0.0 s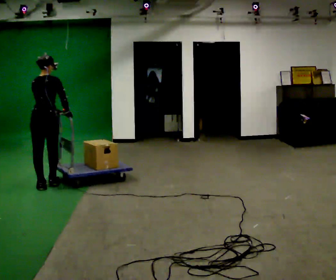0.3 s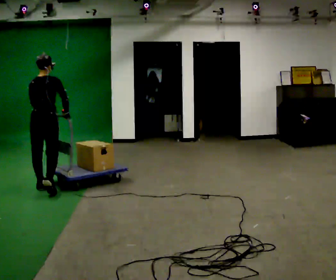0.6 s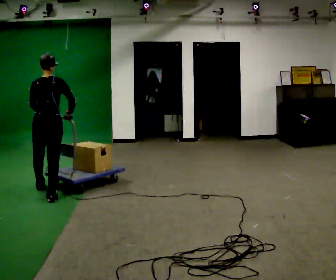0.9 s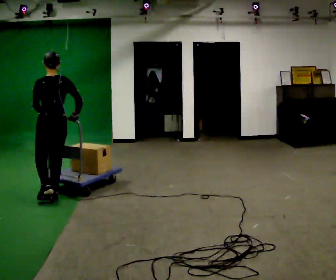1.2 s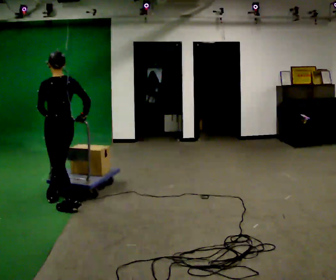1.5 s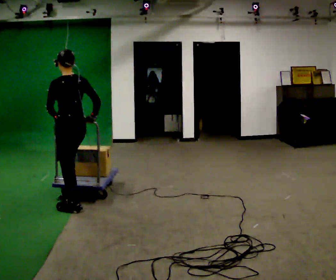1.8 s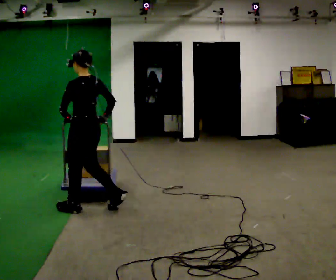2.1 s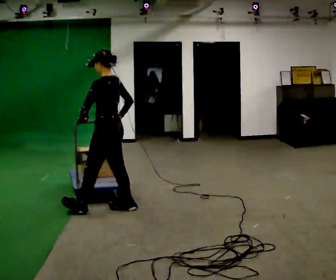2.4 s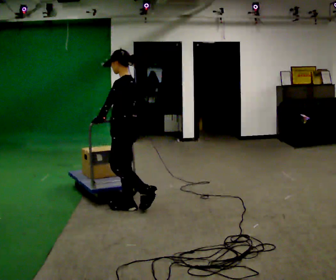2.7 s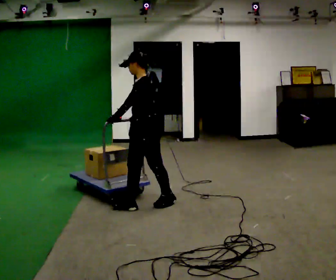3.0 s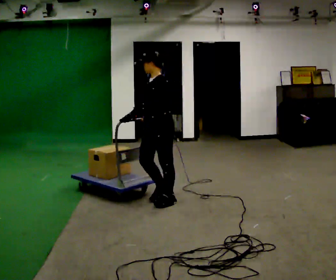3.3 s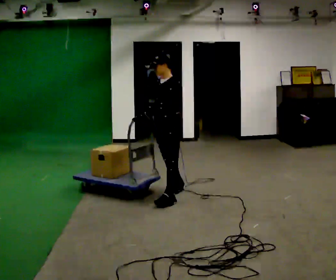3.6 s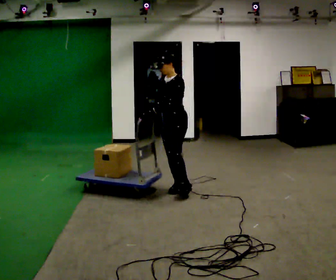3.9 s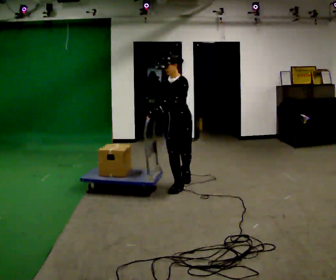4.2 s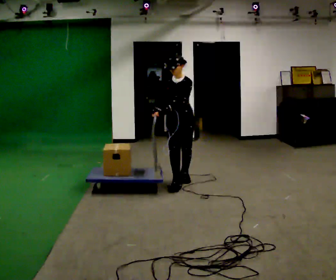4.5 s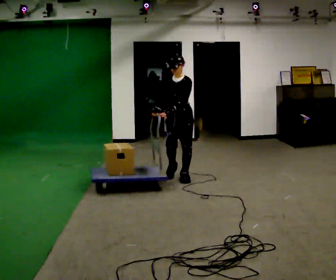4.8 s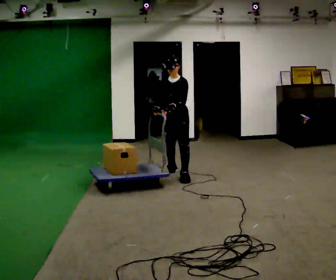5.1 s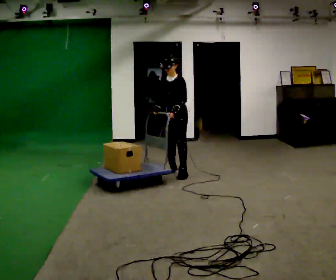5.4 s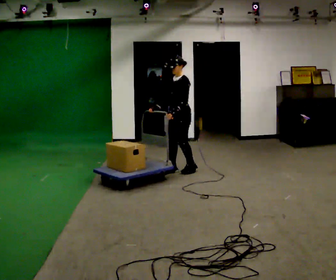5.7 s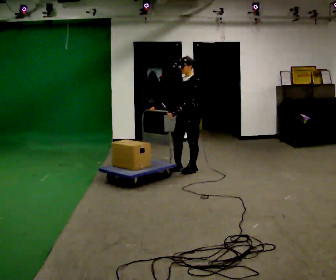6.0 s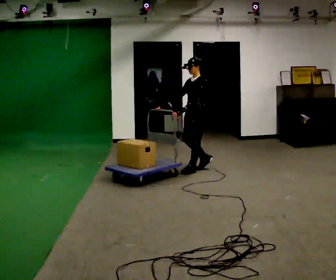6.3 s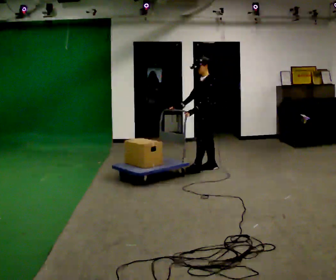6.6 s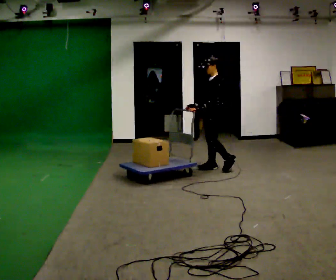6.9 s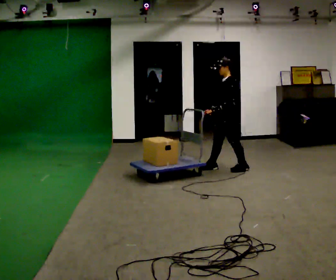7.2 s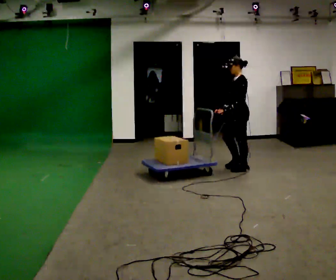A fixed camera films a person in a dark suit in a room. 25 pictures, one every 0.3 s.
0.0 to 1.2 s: Seen from above the body turns counterclockwise, about 45 degrees: to their left, with its near side sliding to the right. In the picture they go toward the camera and to the right, about 0.75 m in 1 step, which for them is backward.
1.2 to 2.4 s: The part of the body nearest the lens slides to the right as the person turns to their left by about 45 degrees. In the picture they go to the right, about 0.75 m in 2 steps, which for them is backward and to their right.
2.4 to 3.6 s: The part of the body nearest the lens slides to the right as the person turns to their left by about 45 degrees. In the picture they go away from the camera and to the right, about 0.5 m in 2 steps, which for them is backward.
3.6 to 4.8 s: In the picture they go away from the camera, about 0.75 m in 1 step, which for them is backward.
4.8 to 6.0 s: The person turns about 45 degrees to their right, clockwise seen from above, so the part of the body nearest the lens slides to the left. In the picture they go away from the camera and to the right, about 0.5 m in 2 steps, which for them is backward.
6.0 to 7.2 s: In the picture they go to the right, about 0.5 m in 2 steps, which for them is backward and to their left.
The film runs backward here.
